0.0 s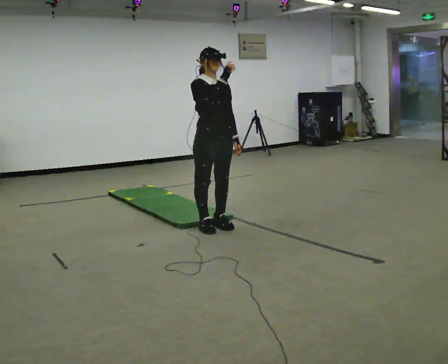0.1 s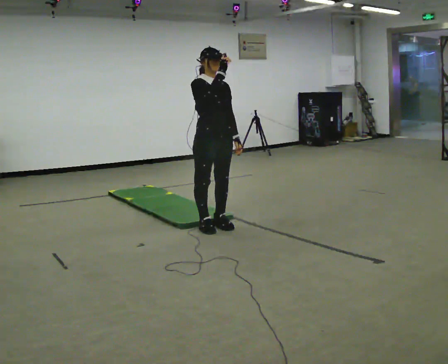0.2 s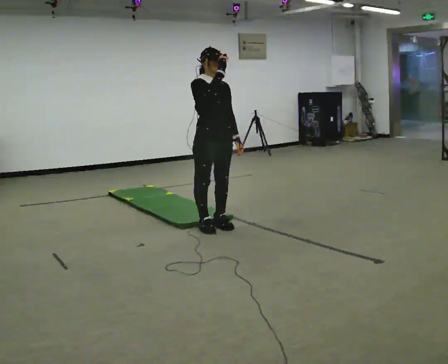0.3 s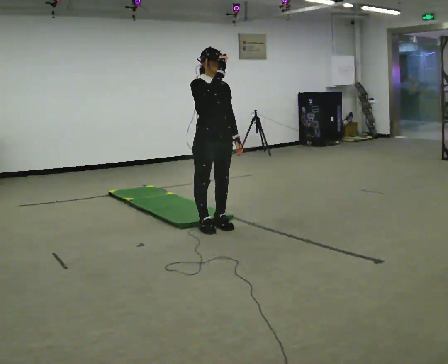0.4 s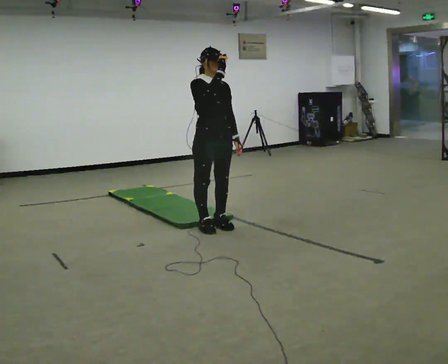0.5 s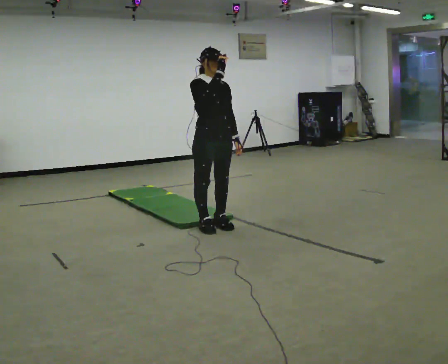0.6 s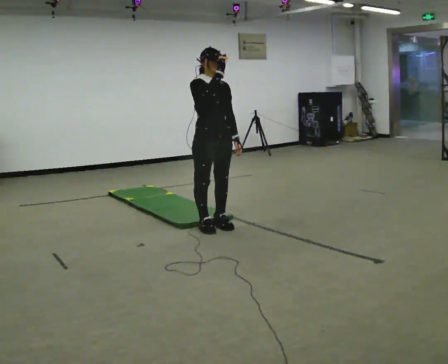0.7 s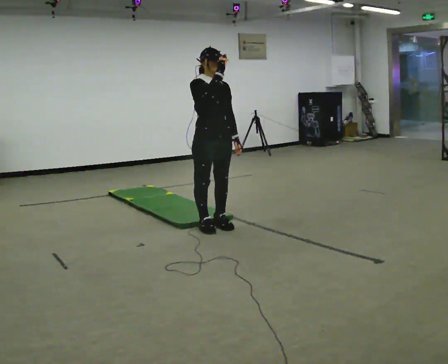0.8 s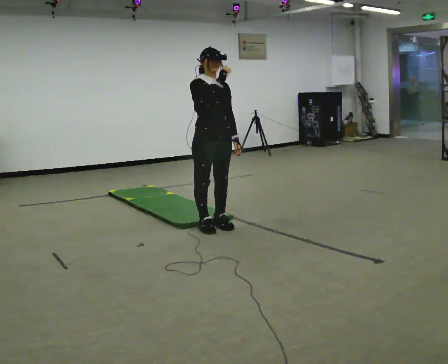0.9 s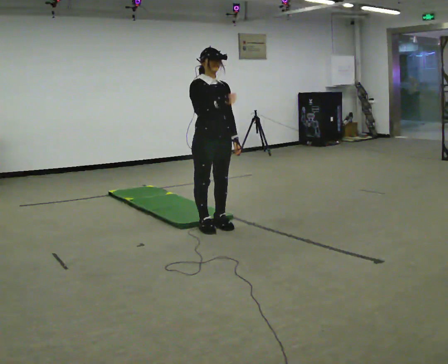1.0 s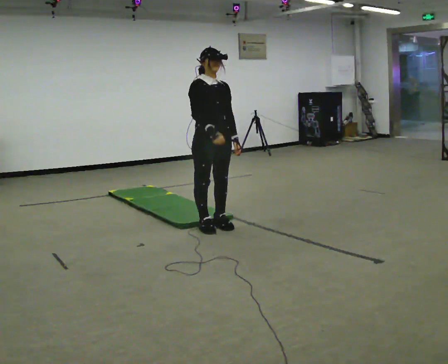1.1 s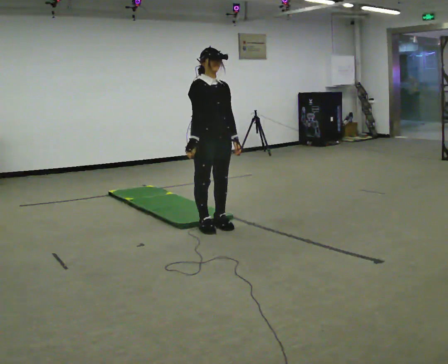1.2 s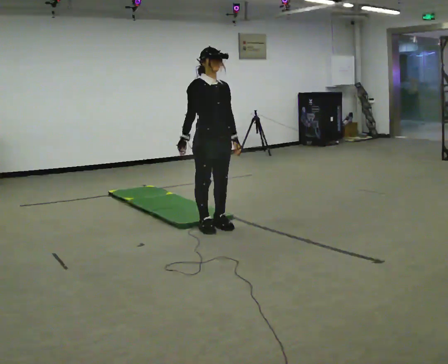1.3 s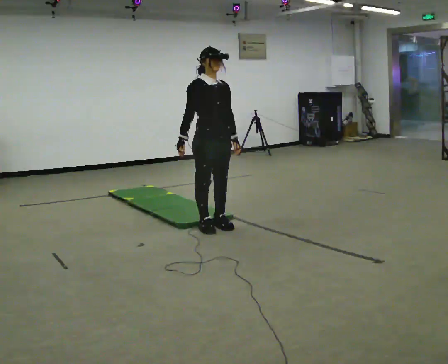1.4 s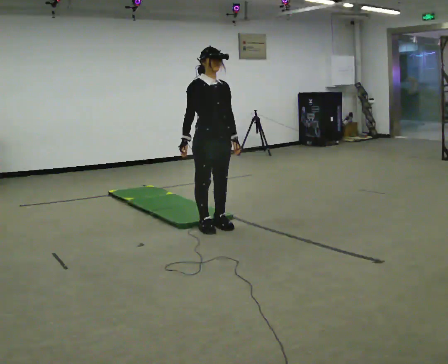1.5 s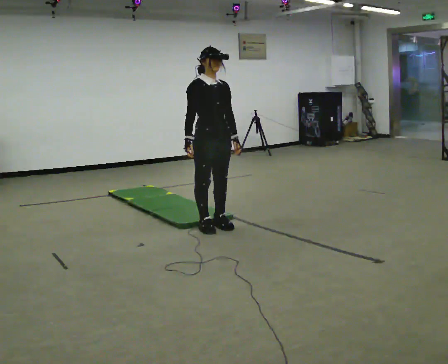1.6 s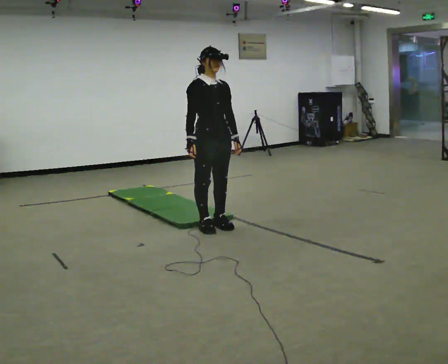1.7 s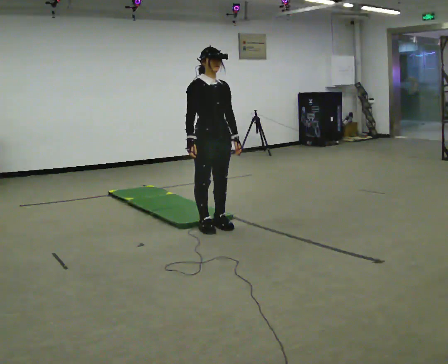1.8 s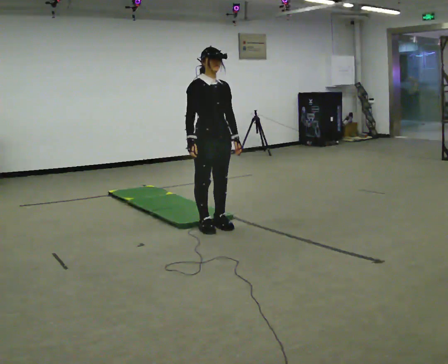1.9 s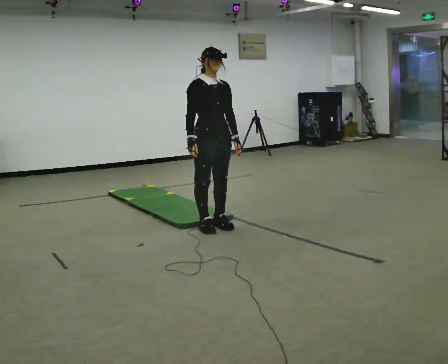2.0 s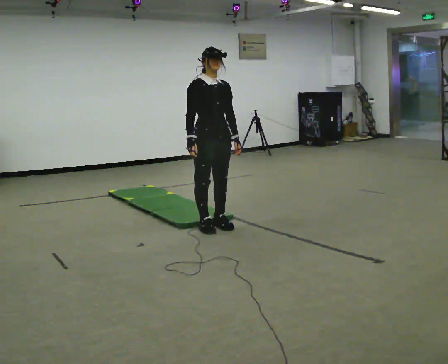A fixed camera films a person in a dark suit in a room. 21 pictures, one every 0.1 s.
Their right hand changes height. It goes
downward.
0.0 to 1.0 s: In the picture their right hand goes downward.
1.0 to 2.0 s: The person moves a little, or ends about where they began.
The film runs forward here.
